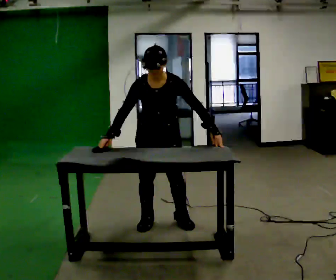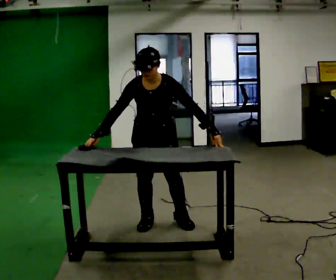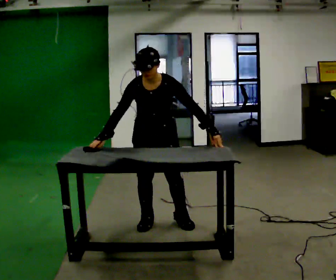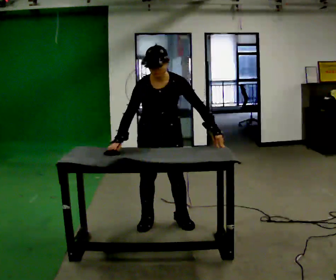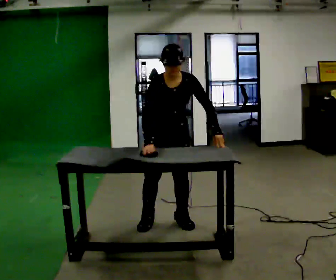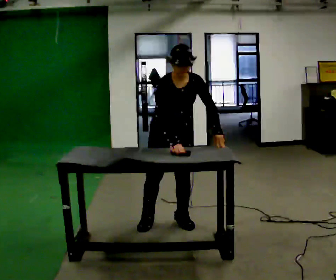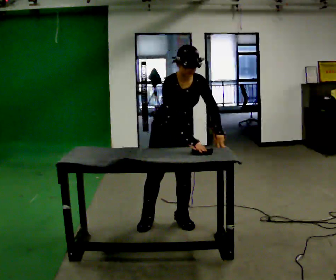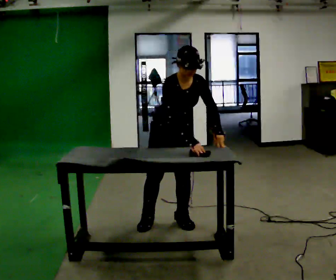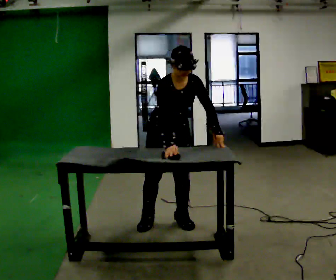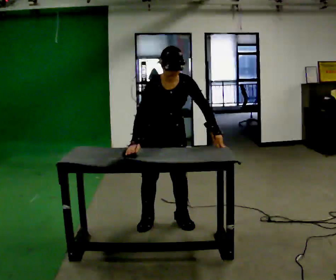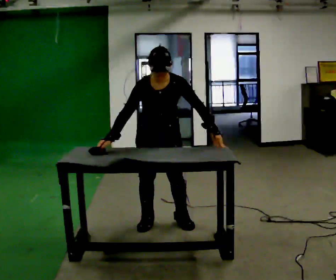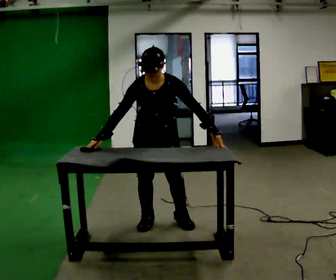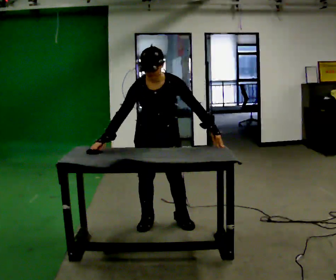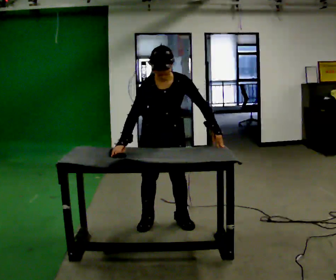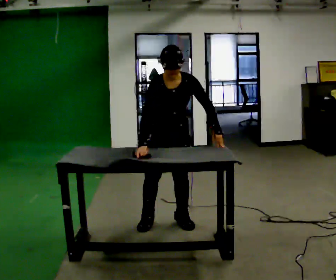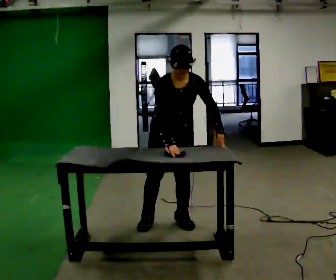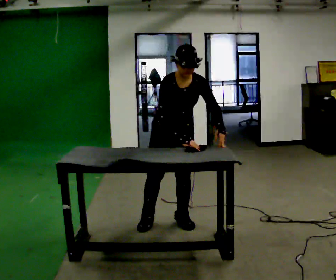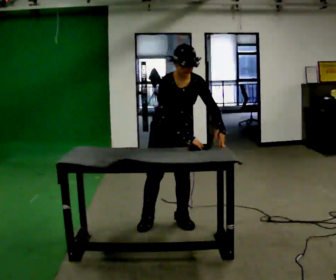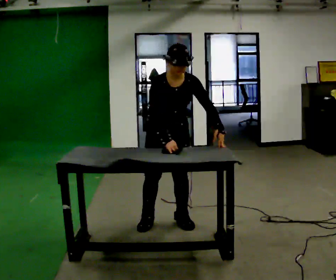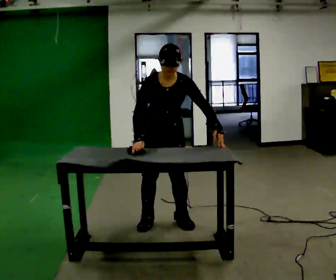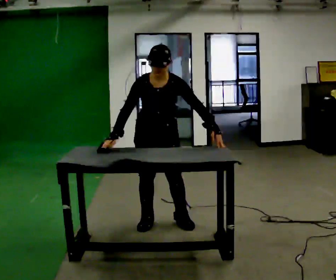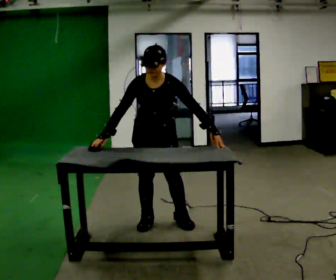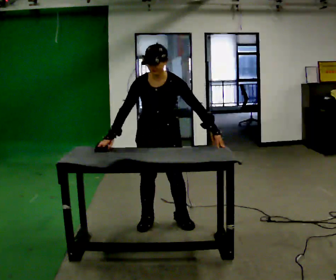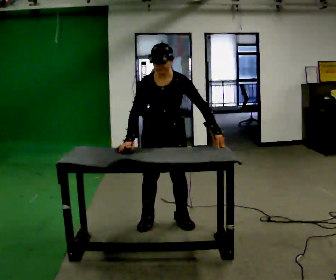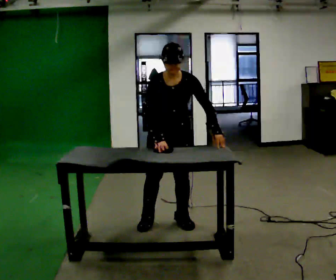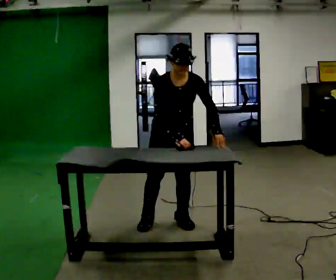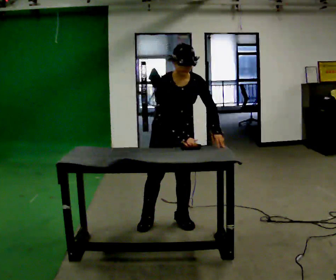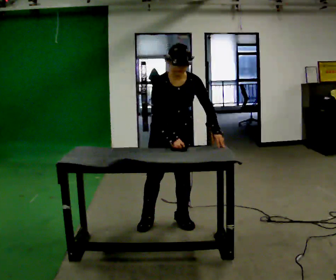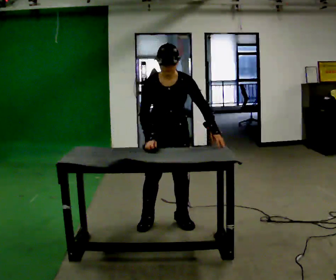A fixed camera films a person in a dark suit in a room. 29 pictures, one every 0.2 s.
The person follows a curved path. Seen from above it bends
counterclockwise.
0.0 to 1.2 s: In the picture their right hand goes to the right, the arm swinging counterclockwise.
1.2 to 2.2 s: In the picture their right hand goes to the left, the arm swinging clockwise.
2.2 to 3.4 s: In the picture their right hand goes to the right, the arm swinging counterclockwise.
3.4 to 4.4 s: In the picture their right hand goes to the left, the arm swinging clockwise.
4.4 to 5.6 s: In the picture their right hand goes to the right.
The film runs backward here.
